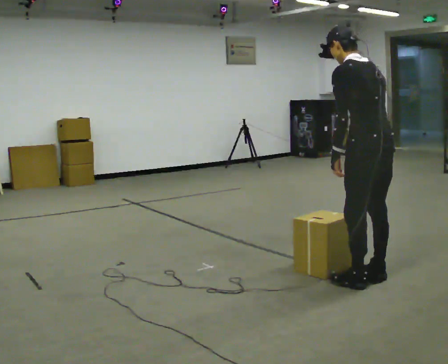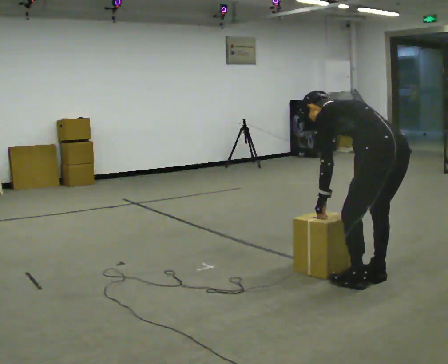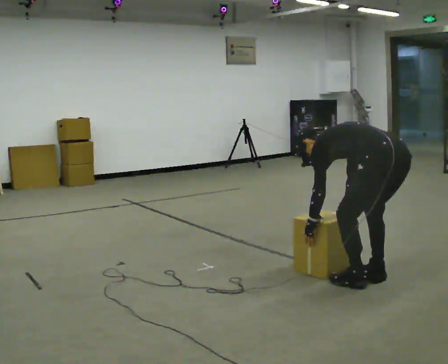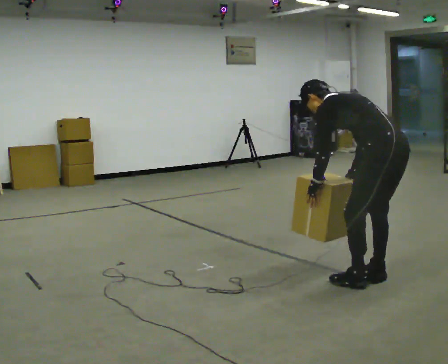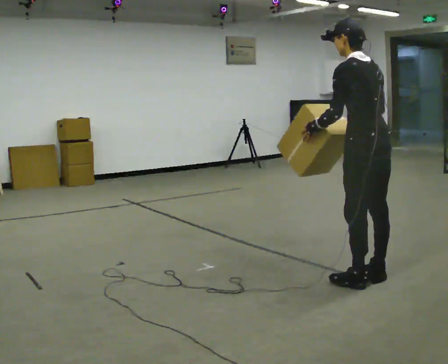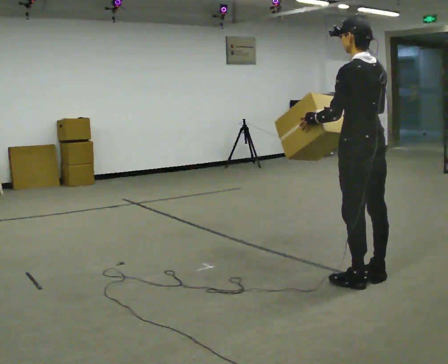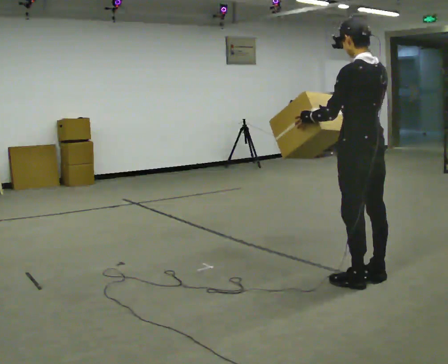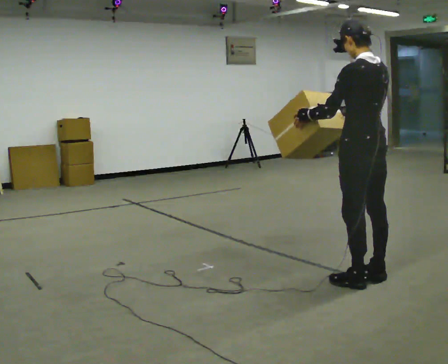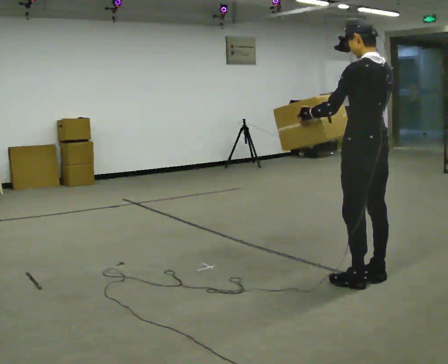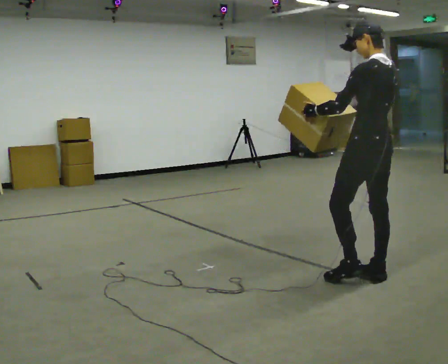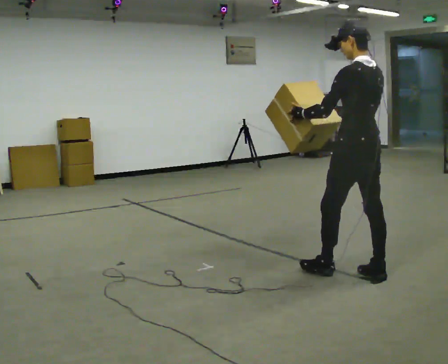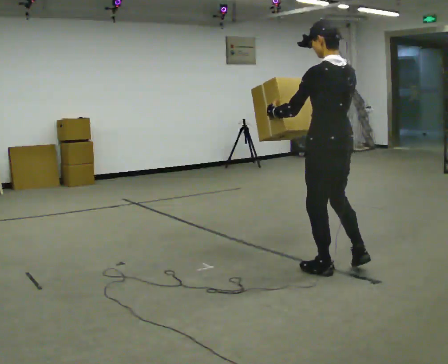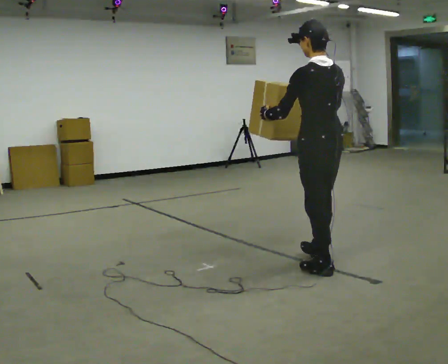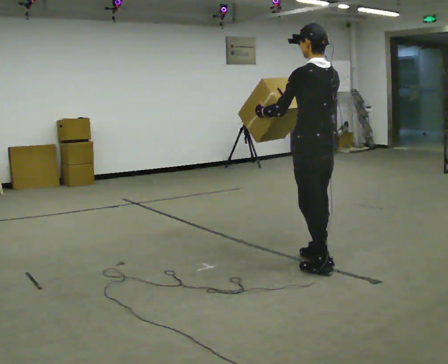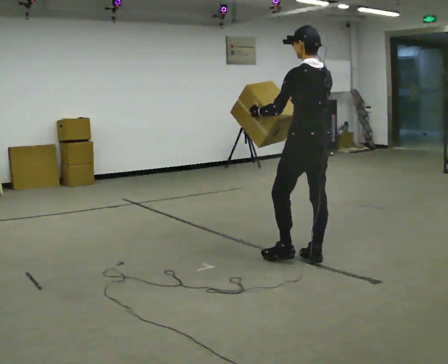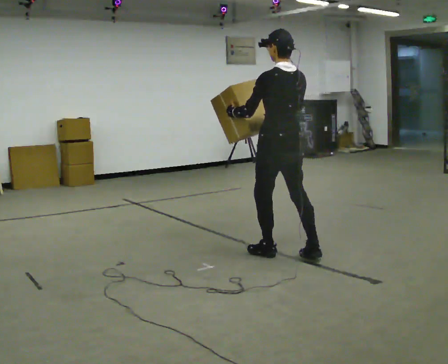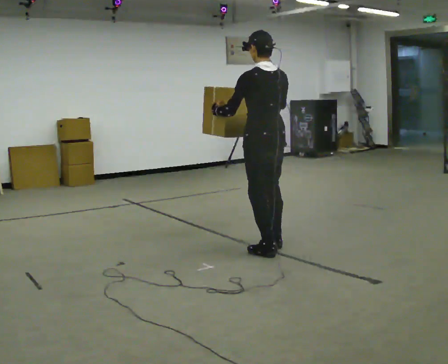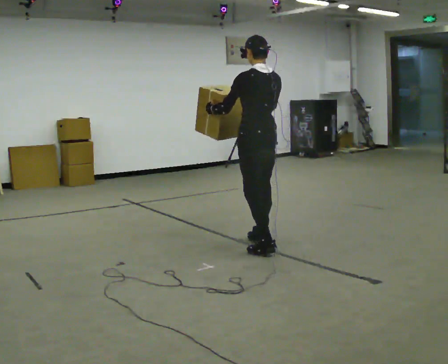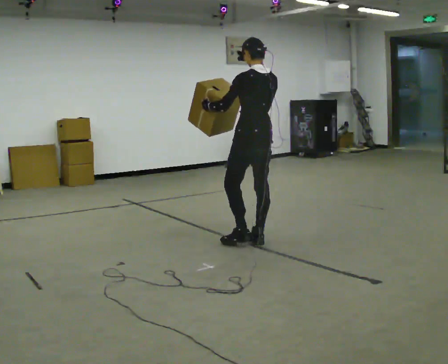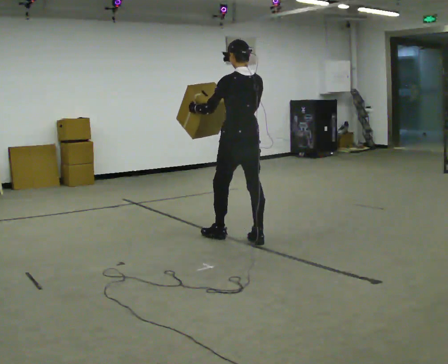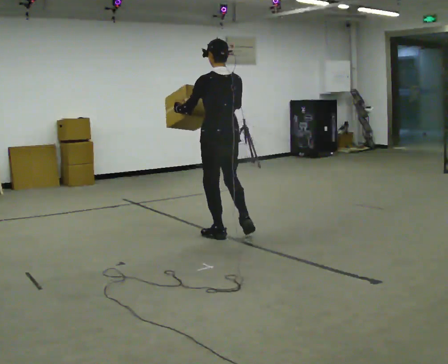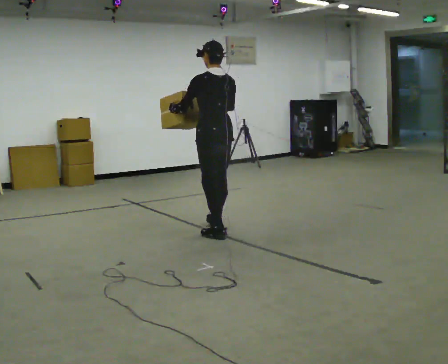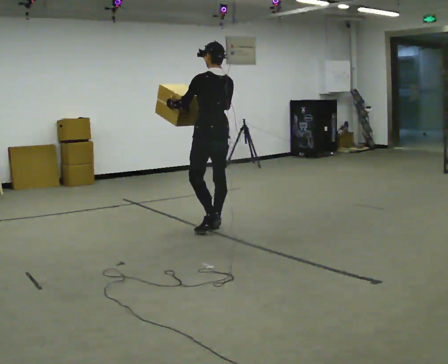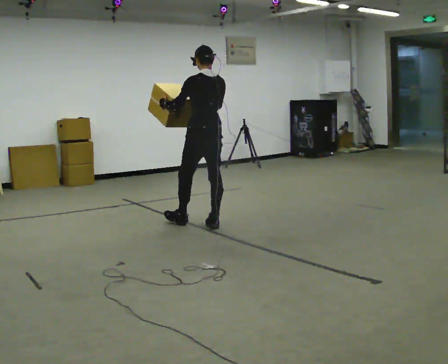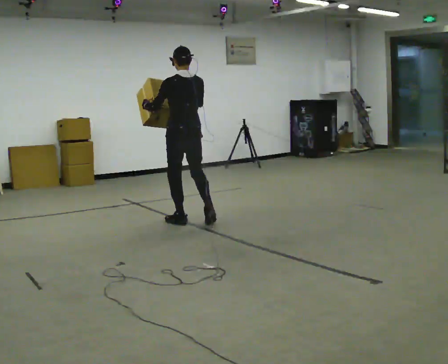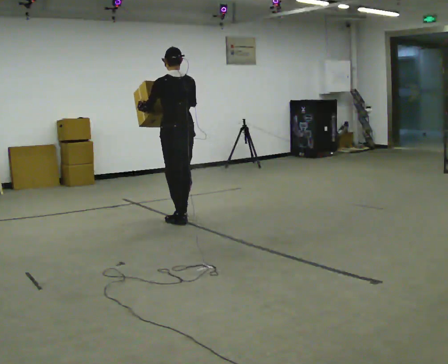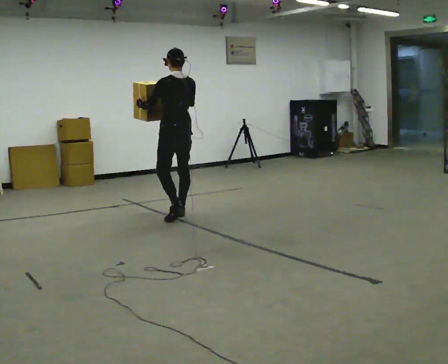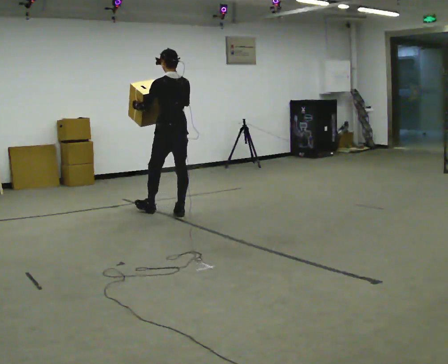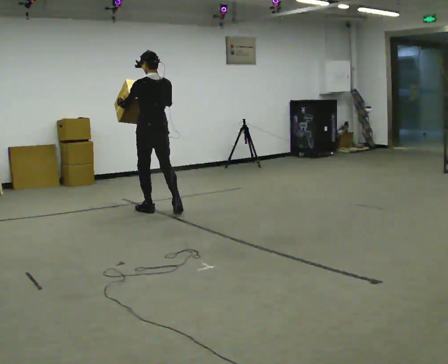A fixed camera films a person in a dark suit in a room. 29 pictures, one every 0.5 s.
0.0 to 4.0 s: The person moves a little, or ends about where they began.
4.0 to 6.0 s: In the picture they go to the left and away from the camera, about 0.25 m in 2 steps, which for them is forward.
6.0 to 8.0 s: In the picture they go to the left and away from the camera, about 0.5 m in 1 step, which for them is forward.
8.0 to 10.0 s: In the picture they go to the left and away from the camera, about 0.75 m in 2 steps, which for them is forward.
10.0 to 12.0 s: In the picture they go to the left and away from the camera, about 0.5 m in 2 steps, which for them is forward.
12.0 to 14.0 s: In the picture they go to the left and away from the camera, about 0.75 m in 2 steps, which for them is forward.
The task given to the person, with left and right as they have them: Carry the object and, while walking, turn it over in your hands to look at all sides of it. Keep turning it as you walk.
The film runs forward here.
